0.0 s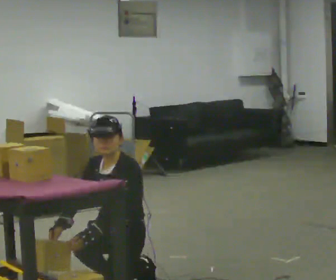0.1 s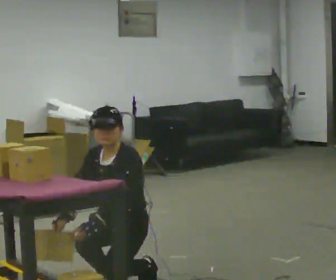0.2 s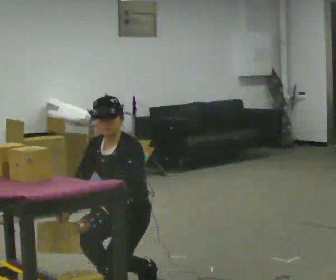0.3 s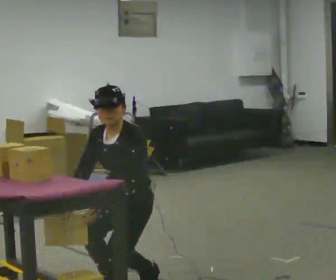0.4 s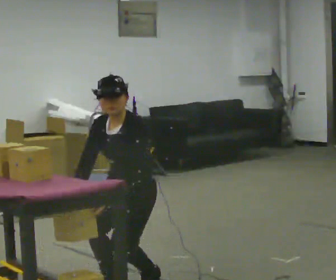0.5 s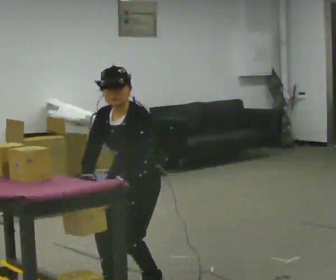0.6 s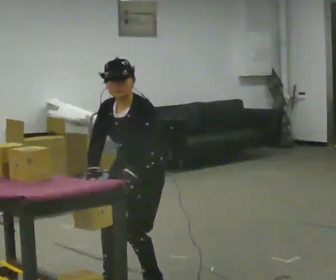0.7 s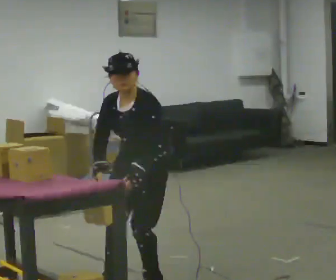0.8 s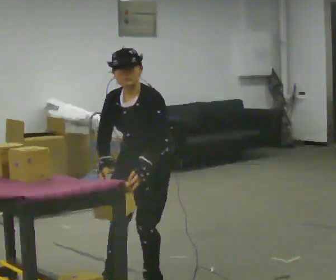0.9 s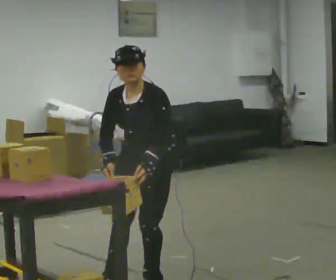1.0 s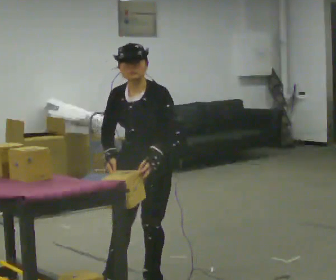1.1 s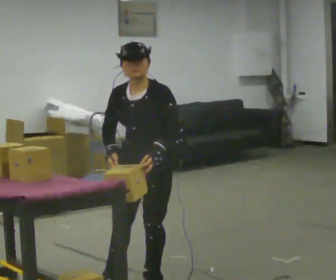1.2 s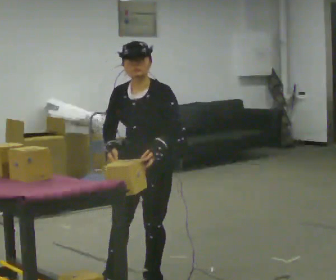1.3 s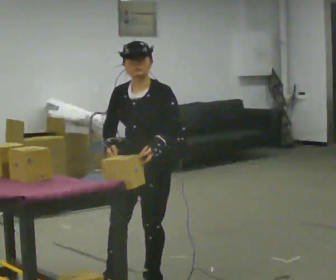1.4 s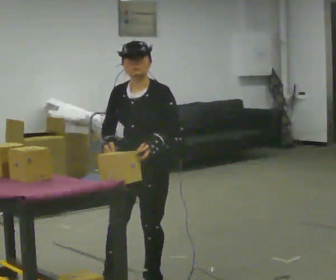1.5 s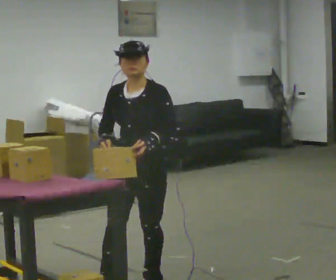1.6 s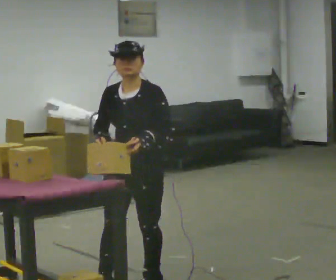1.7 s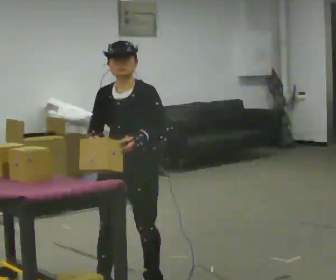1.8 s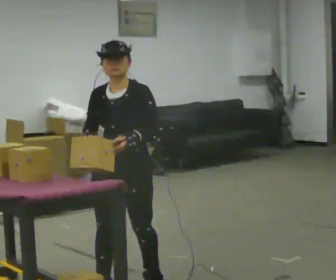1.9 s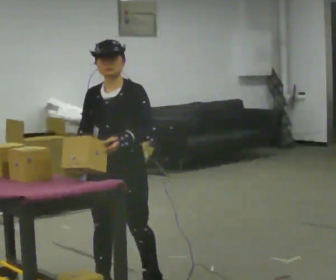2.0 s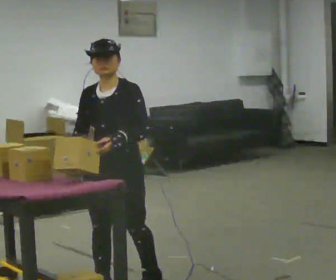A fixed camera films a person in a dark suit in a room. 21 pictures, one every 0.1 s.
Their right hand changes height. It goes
upward.
Their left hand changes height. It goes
upward.
0.0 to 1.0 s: In the picture they go to the right, about 0.25 m in 1 step, which for them is backward. The upper body goes upward. In the picture their left hand goes to the right and upward.
1.0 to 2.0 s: In the picture they go to the left and toward the camera, about 0.25 m, which for them is forward and to their right.
The film runs forward here.
